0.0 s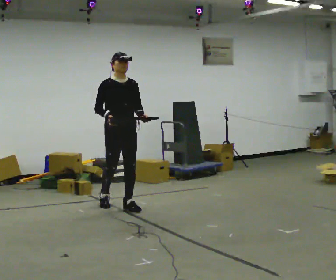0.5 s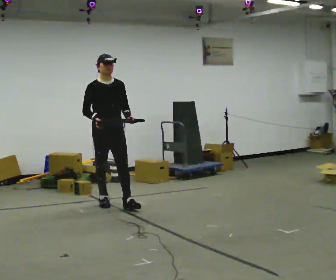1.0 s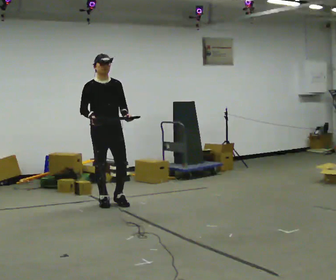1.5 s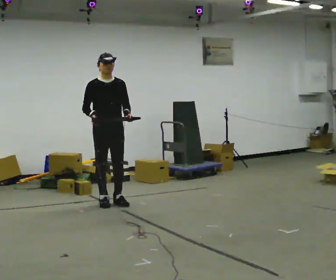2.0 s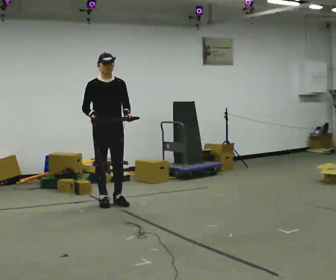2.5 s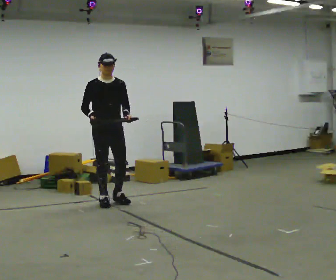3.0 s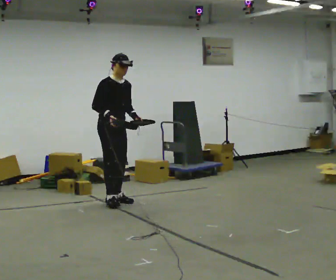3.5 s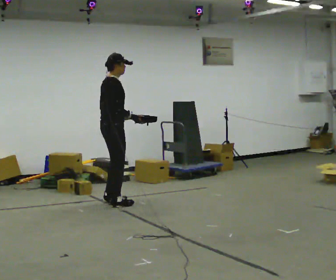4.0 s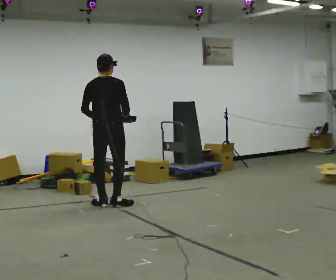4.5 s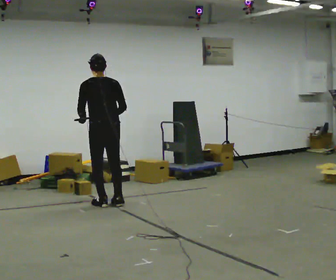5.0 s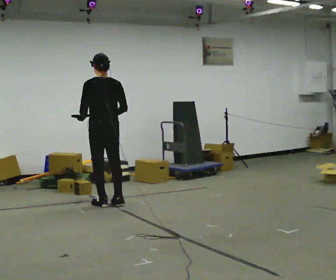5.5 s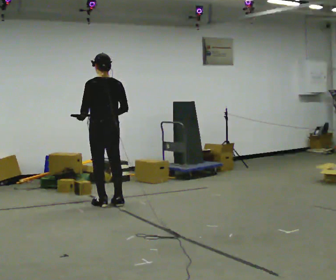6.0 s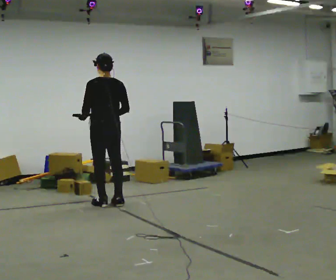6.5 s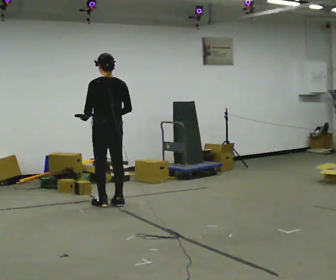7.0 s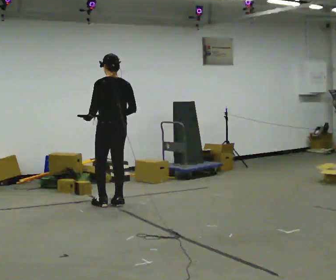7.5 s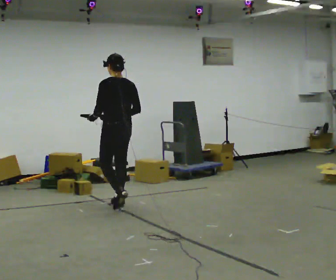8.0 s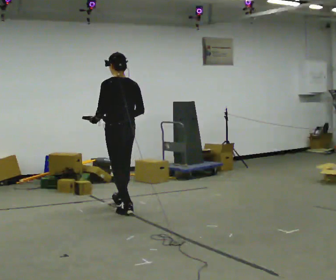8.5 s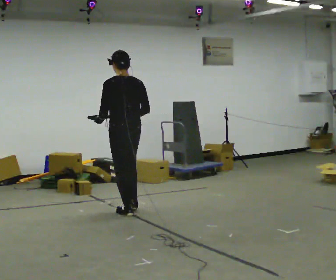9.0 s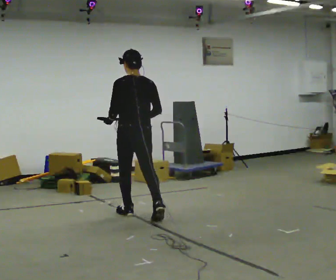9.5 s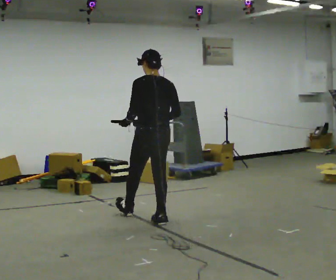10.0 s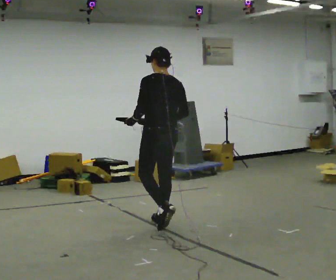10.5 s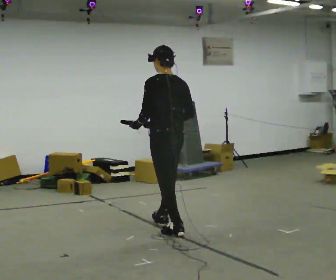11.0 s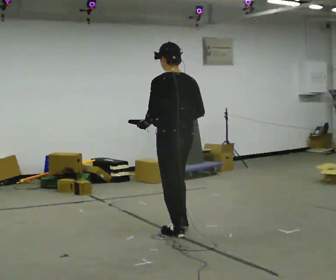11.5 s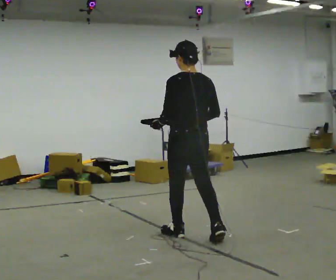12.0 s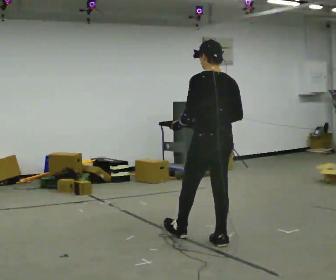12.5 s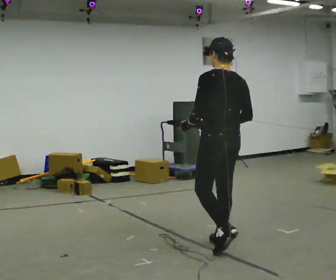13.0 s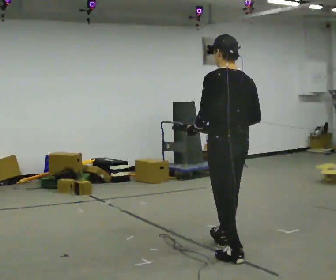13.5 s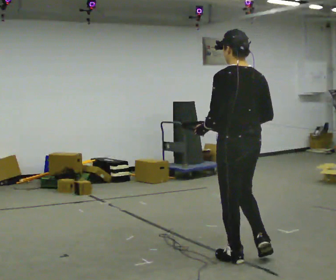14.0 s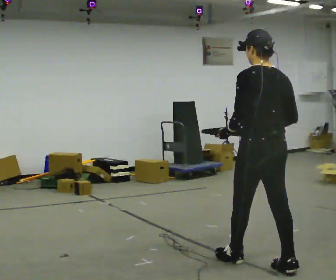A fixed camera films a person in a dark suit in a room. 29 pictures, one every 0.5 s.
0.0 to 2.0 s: In the picture they go away from the camera and to the left, about 0.25 m in 1 step, which for them is backward.
2.0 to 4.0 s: Seen from above the body turns counterclockwise, about 135 degrees: to their left, with its near side sliding to the right. In the picture their left hand goes to the left, the arm swinging clockwise.
4.0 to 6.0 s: The part of the body nearest the lens slides to the right as the person turns to their left by about 45 degrees.
6.0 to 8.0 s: In the picture they go toward the camera and to the right, about 0.25 m in 1 step, which for them is backward.
8.0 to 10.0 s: In the picture they go toward the camera and to the right, about 1 m in 2 steps, which for them is backward.
10.0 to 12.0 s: In the picture they go toward the camera and to the right, about 1 m in 1 step, which for them is backward.
12.0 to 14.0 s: In the picture they go toward the camera, about 1 m in 2 steps, which for them is backward.
The film runs backward here.
